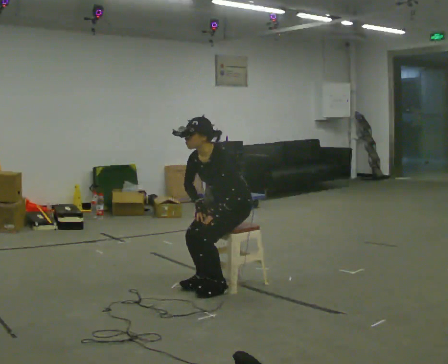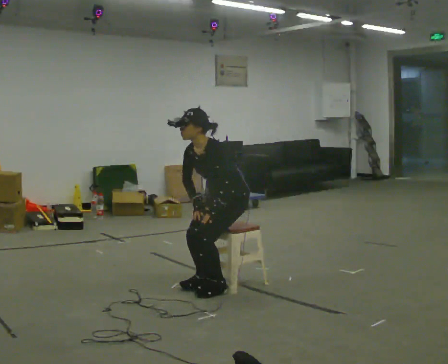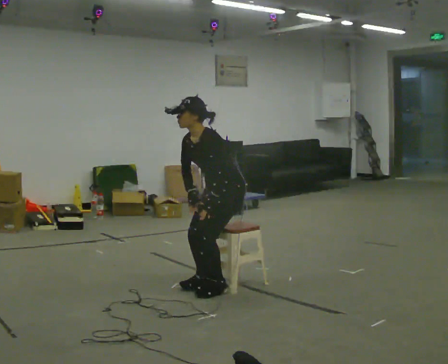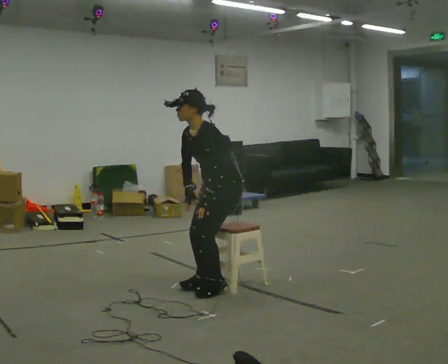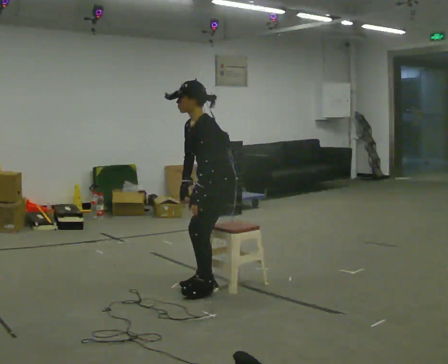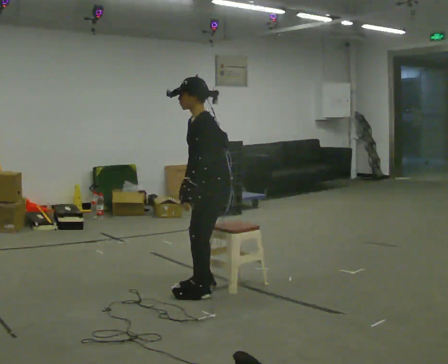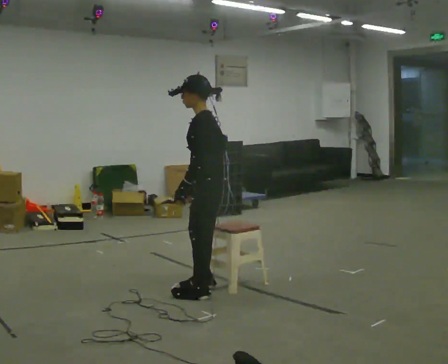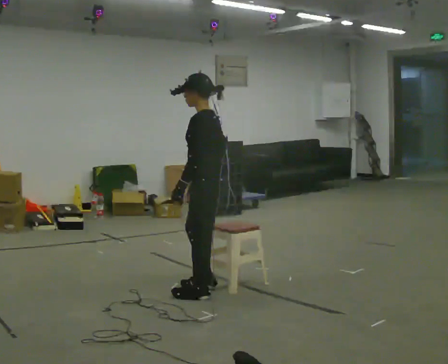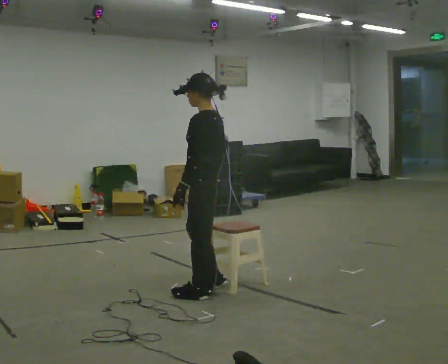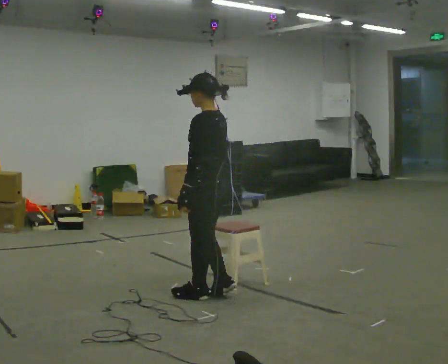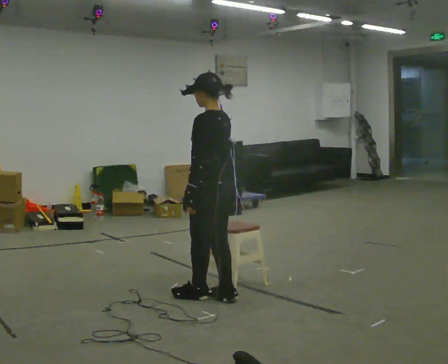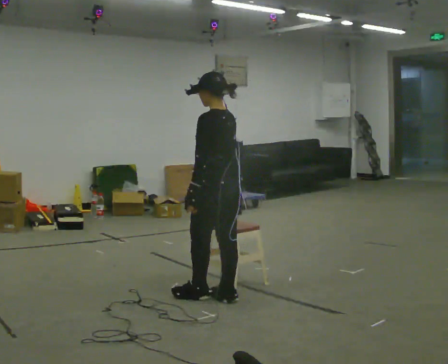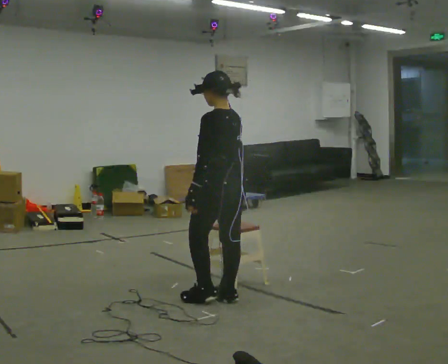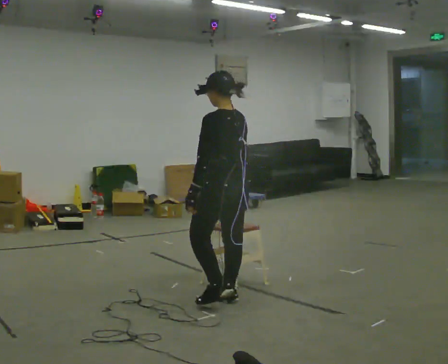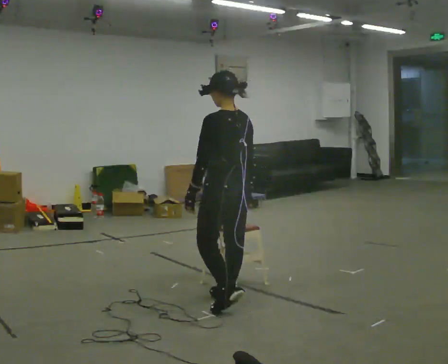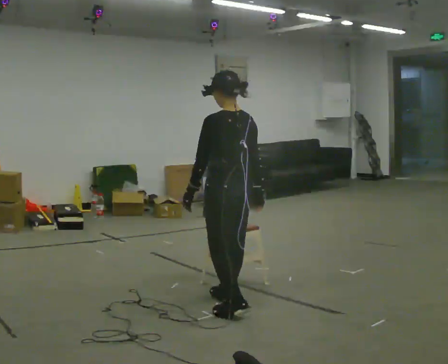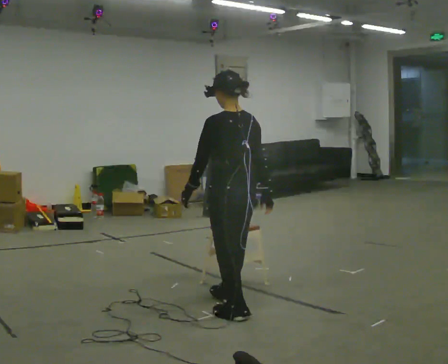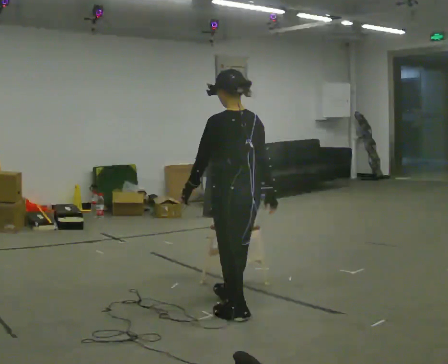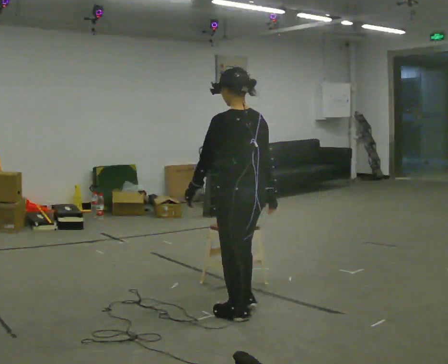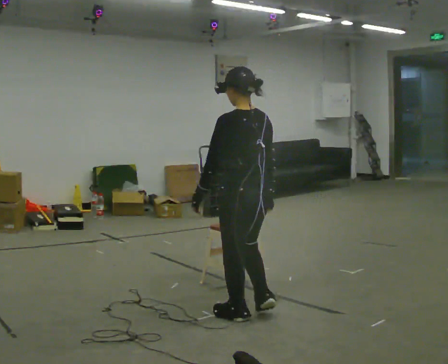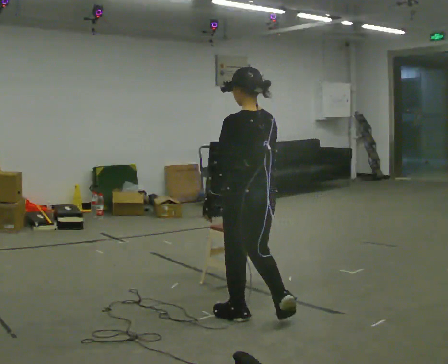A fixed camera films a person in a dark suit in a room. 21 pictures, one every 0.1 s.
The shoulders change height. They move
upward.
The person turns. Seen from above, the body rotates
clockwise.
0.0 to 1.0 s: The part of the body nearest the lens slides to the left as the person turns to their right by about 75 degrees. In the picture they go toward the camera and to the left, about 0.25 m in 2 steps. The shoulders move upward. In the picture the upper body tilts clockwise, shoulders to the right, as they lean back or straighten.
1.0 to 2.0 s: The person turns about 30 degrees to their right, clockwise seen from above, so the part of the body nearest the lens slides to the left. In the picture they go toward the camera and to the right, about 0.5 m in 2 steps, which for them is backward.
The film runs backward here.
